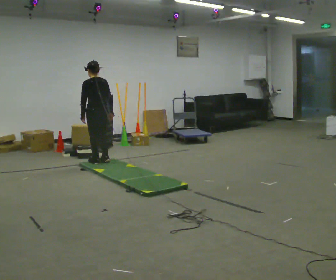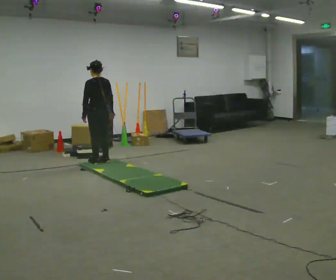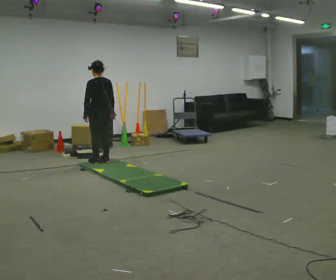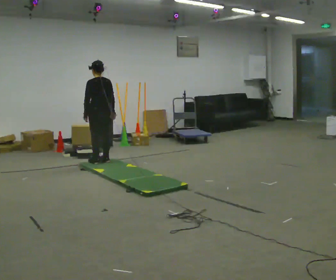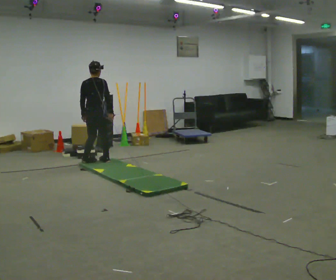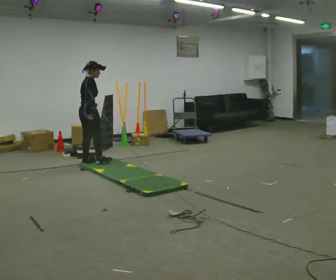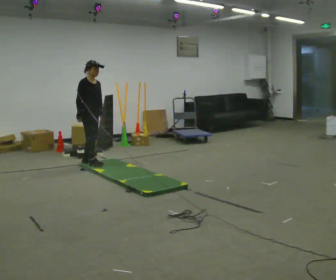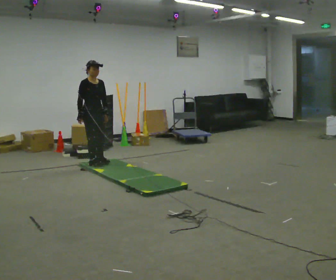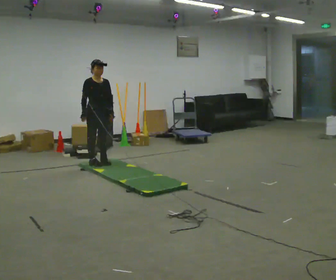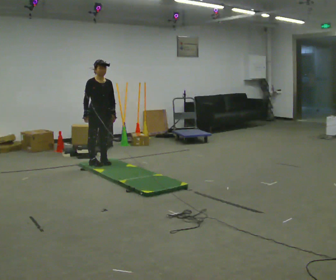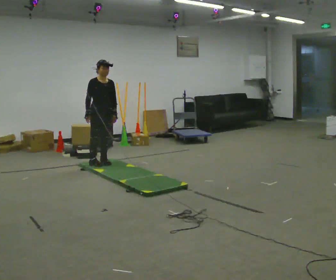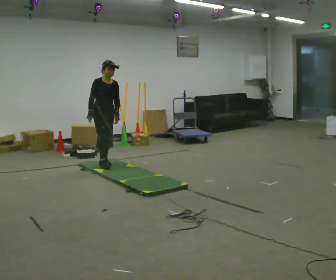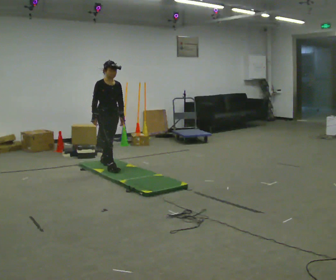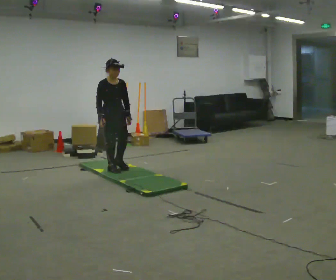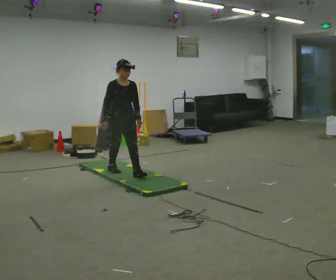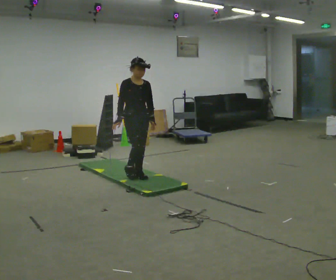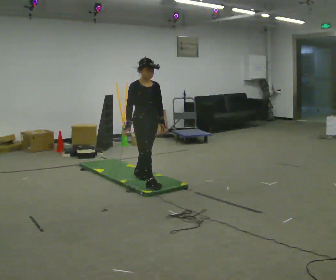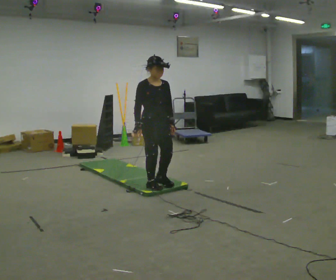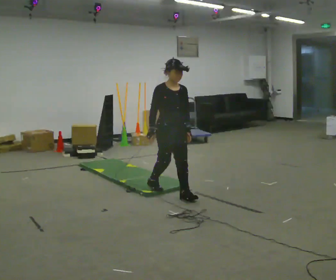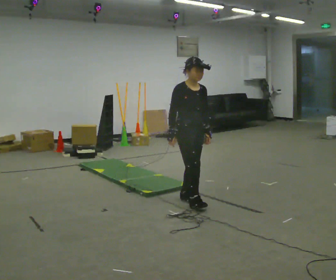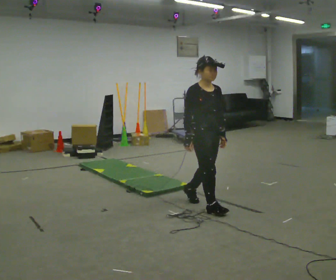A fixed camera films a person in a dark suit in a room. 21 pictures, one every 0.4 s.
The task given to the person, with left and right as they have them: Walk across the mats at a normal pace. They may not all feel the same underfoot. Carry on afterwards.
0.0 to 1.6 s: The part of the body nearest the lens slides to the left as the person turns to their right by about 45 degrees.
1.6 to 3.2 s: The part of the body nearest the lens slides to the left as the person turns to their right by about 135 degrees. In the picture their right hand goes to the left, the arm swinging clockwise.
3.2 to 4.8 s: In the picture they go toward the camera and to the right, about 0.25 m in 1 step, which for them is forward.
4.8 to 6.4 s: In the picture they go toward the camera and to the right, about 1 m in 2 steps, which for them is forward.
6.4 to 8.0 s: In the picture they go toward the camera and to the right, about 1 m in 2 steps, which for them is forward.
The film runs forward here.
